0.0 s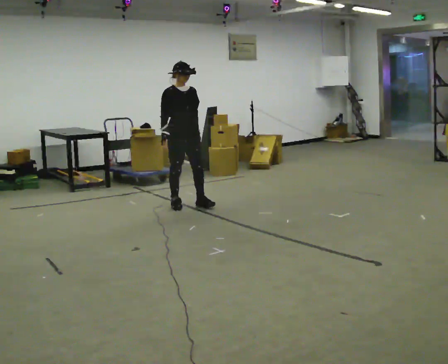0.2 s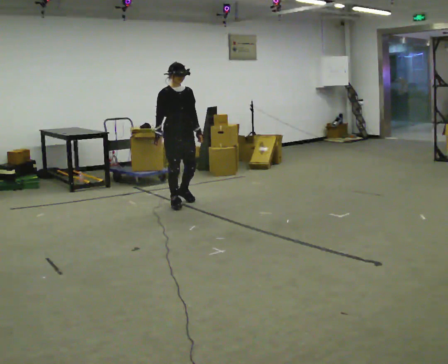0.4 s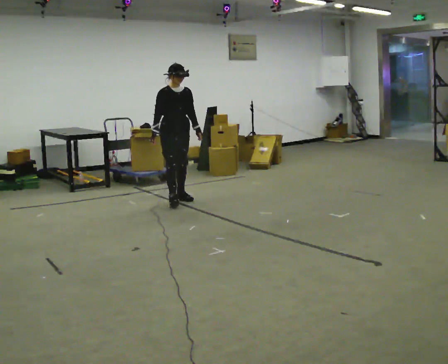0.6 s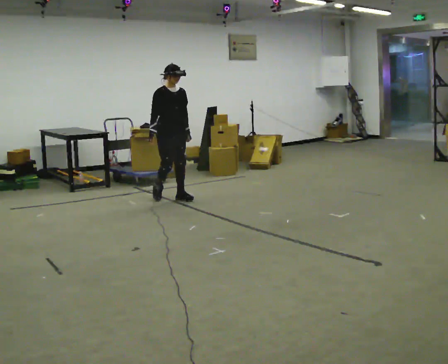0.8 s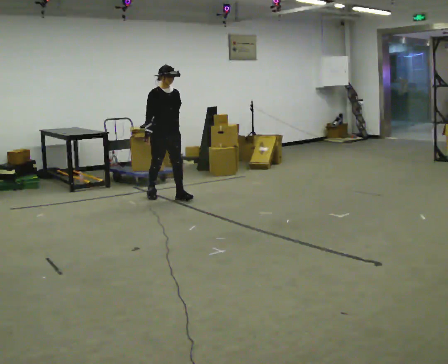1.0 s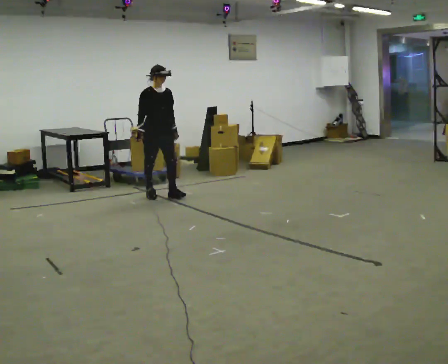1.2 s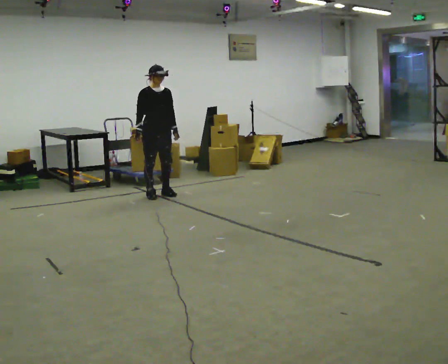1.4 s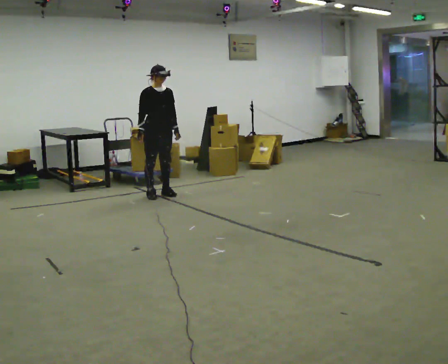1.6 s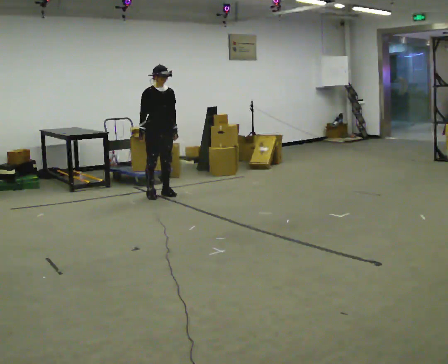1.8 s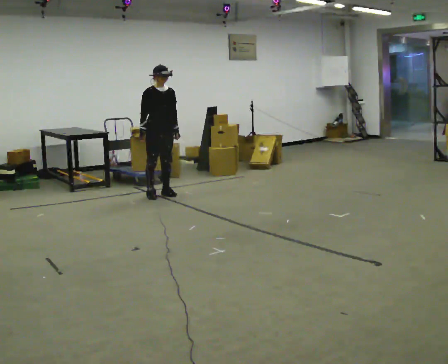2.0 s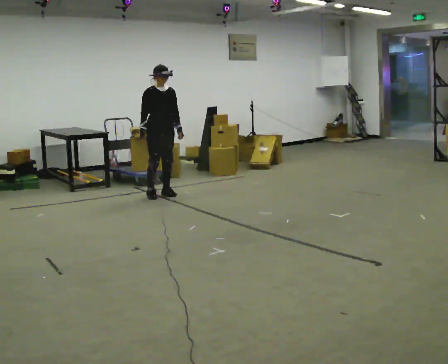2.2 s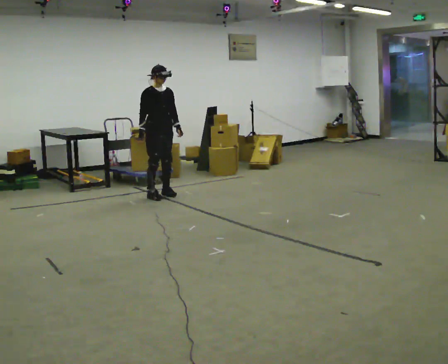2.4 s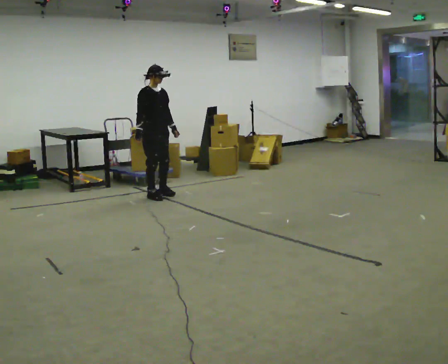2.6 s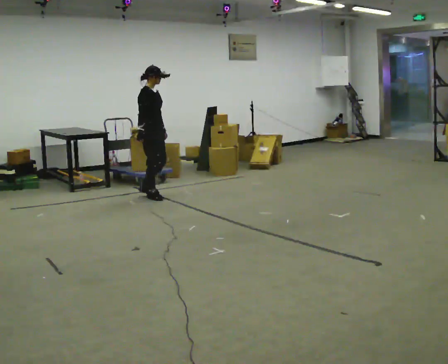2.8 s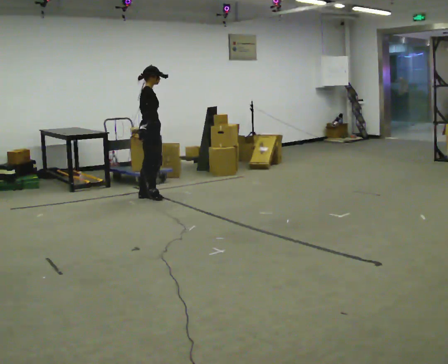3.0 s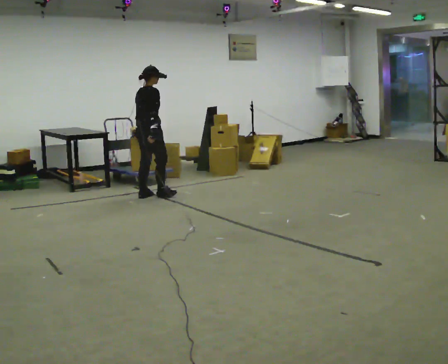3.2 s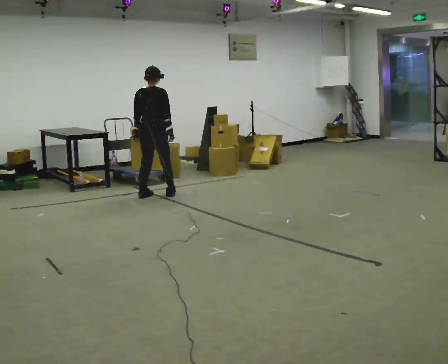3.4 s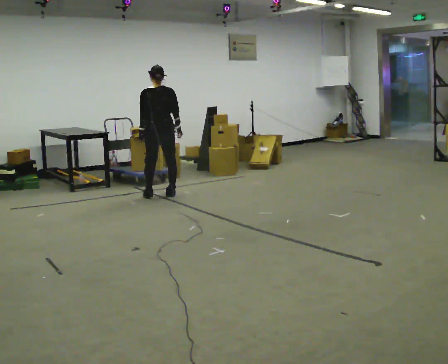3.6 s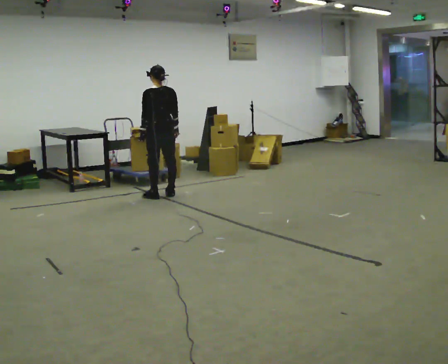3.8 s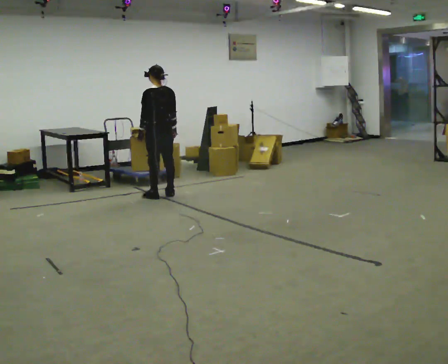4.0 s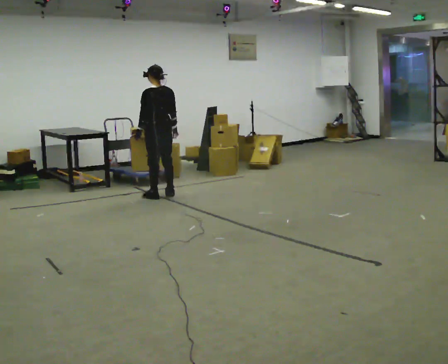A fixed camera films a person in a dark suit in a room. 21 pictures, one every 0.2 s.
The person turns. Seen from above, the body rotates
counterclockwise.
The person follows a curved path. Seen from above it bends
clockwise.
0.0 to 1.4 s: In the picture they go away from the camera and to the left, about 0.75 m in 2 steps, which for them is backward.
1.4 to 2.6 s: Seen from above the body turns counterclockwise, about 45 degrees: to their left, with its near side sliding to the right.
2.6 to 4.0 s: The part of the body nearest the lens slides to the right as the person turns to their left by about 150 degrees. In the picture they go to the right, about 0.25 m in 2 steps. In the picture their right hand goes to the right.
The film runs backward here.
